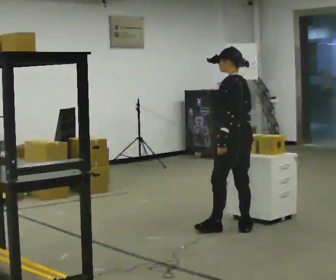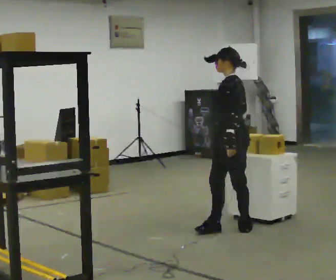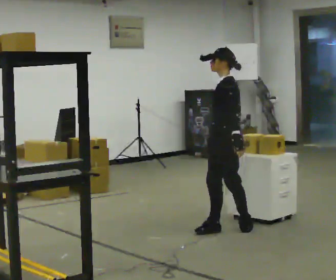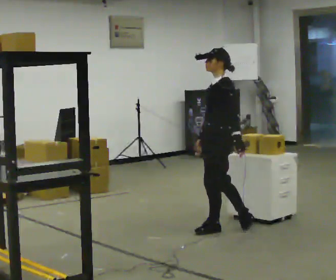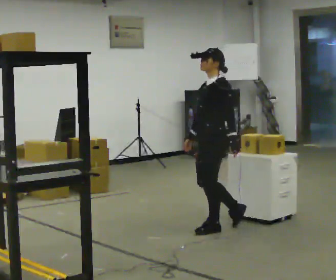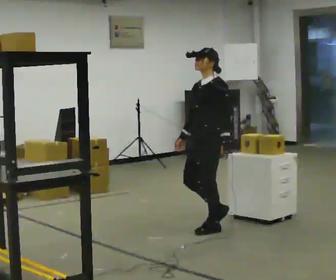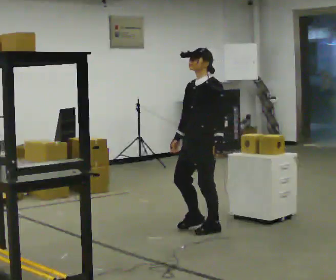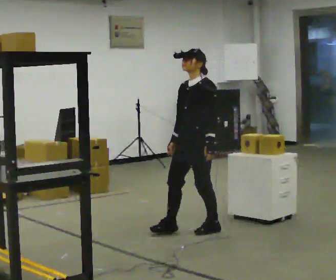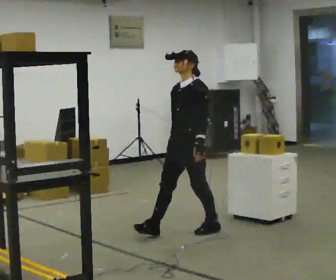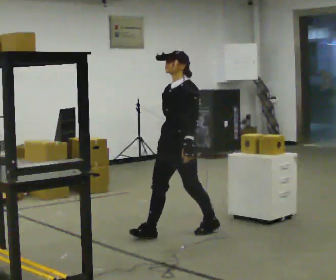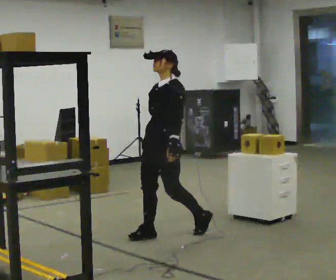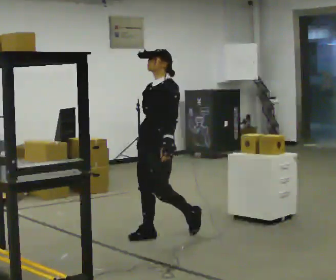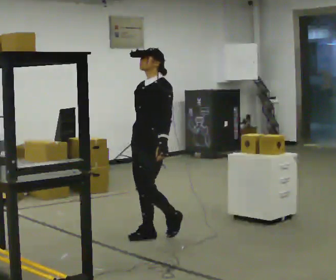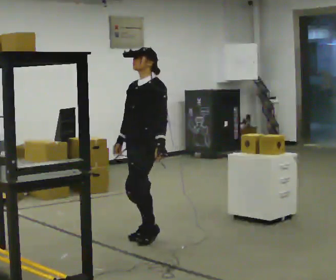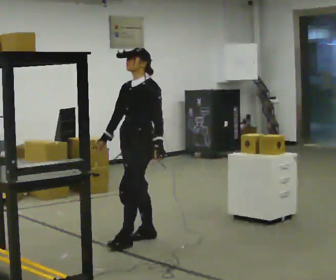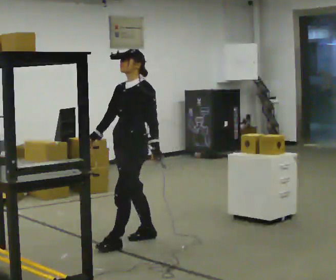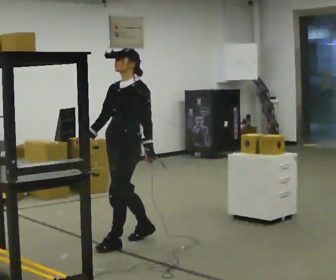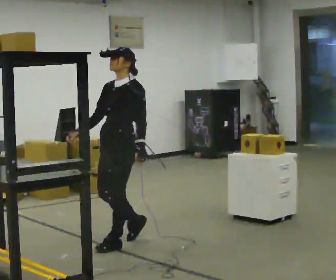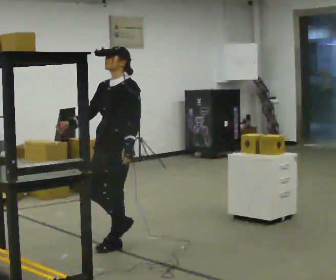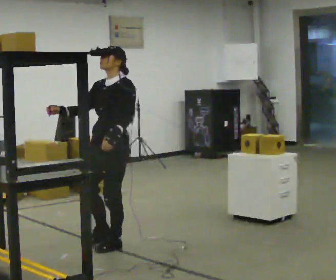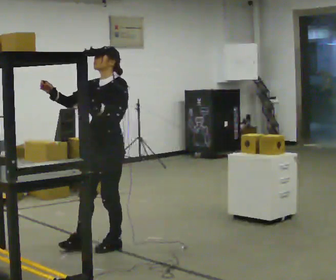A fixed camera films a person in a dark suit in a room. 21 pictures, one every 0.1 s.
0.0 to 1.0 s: The person turns about 75 degrees to their left, counterclockwise seen from above, so the part of the body nearest the lens slides to the right. In the picture they go to the left, about 0.5 m in 2 steps.
1.0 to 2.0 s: In the picture they go to the left and toward the camera, about 0.5 m in 1 step, which for them is forward. In the picture their right hand goes upward, the arm swinging clockwise.
The film runs forward here.
